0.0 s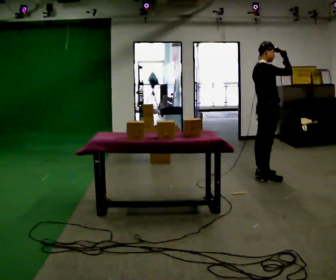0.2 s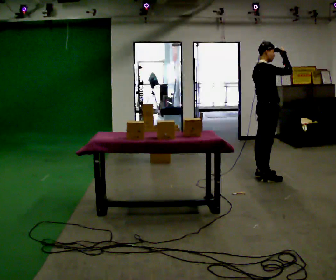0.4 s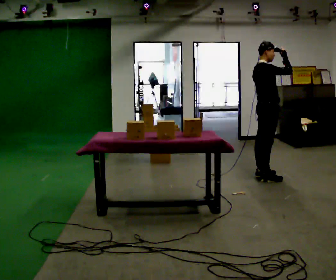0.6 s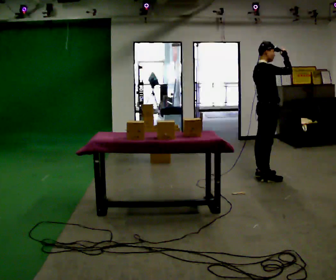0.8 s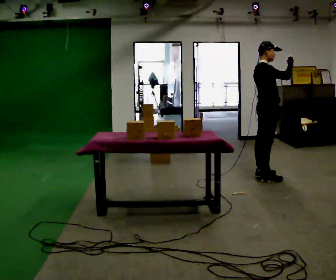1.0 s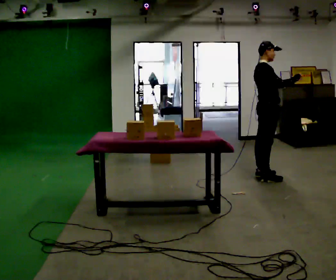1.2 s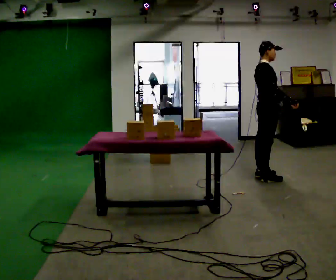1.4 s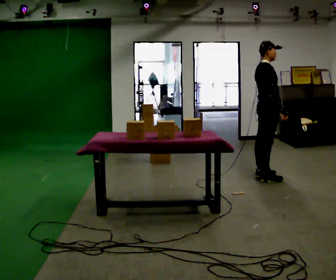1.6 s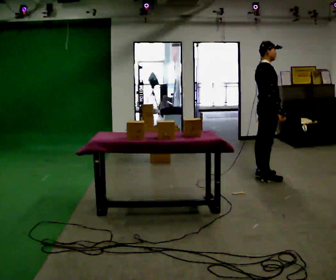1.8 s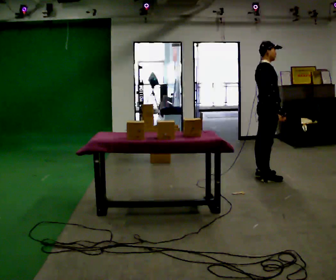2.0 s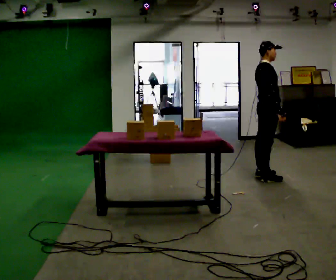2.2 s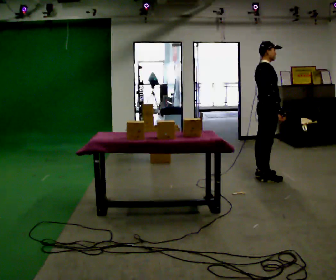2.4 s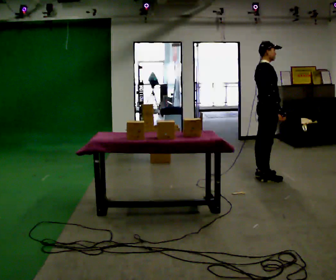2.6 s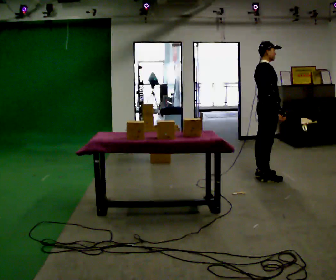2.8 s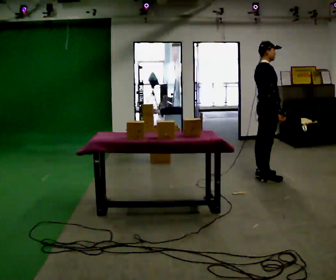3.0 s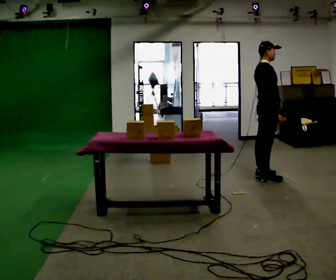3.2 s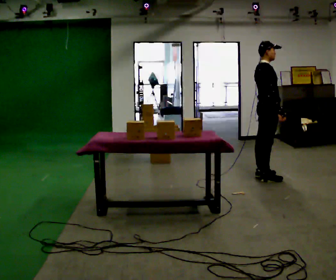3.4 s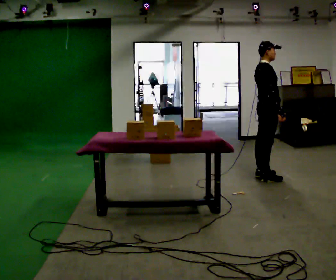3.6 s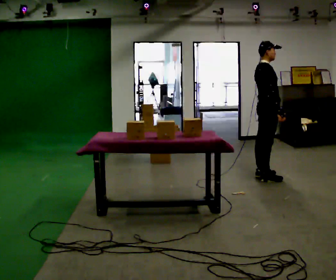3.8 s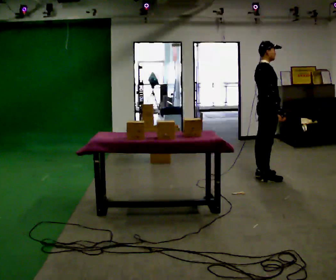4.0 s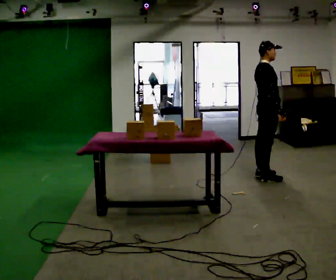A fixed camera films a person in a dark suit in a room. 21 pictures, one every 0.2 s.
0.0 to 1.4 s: In the picture their right hand goes downward, the arm swinging clockwise.
1.4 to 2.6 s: The person moves a little, or ends about where they began.
2.6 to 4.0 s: The person keeps their place and pose.
The film runs backward here.
